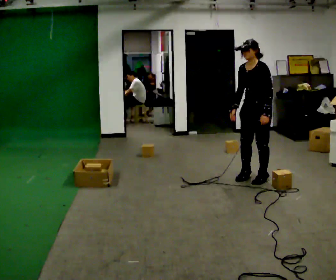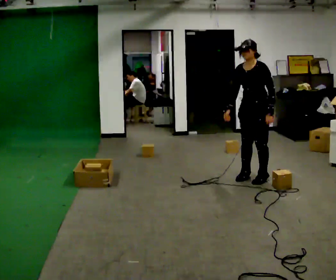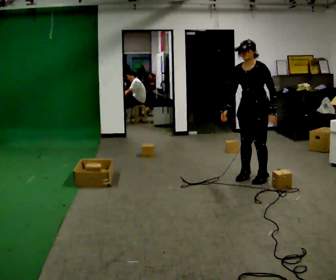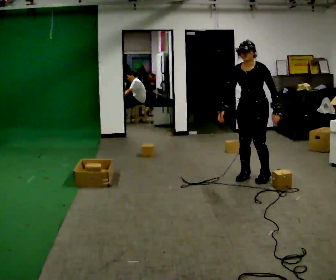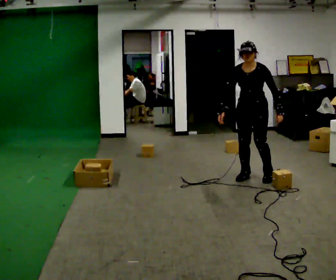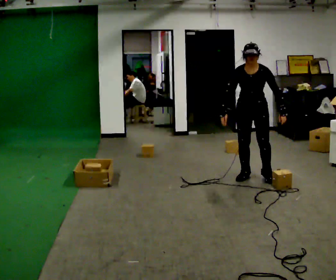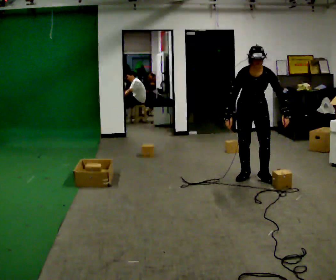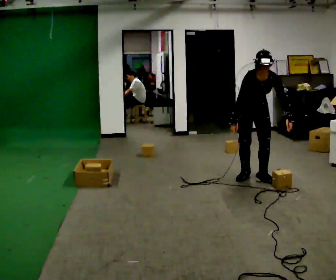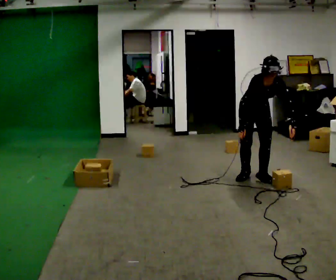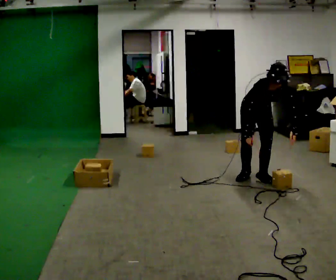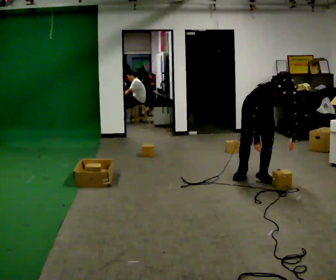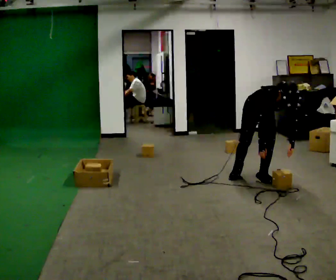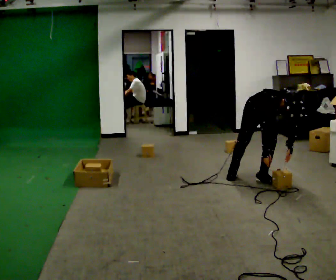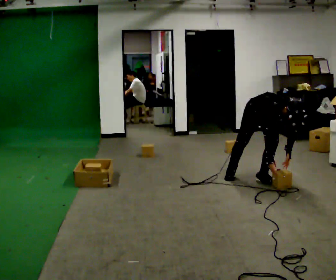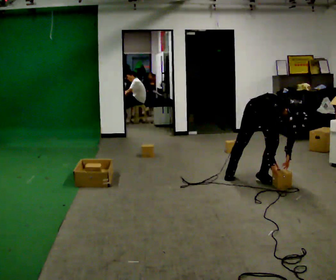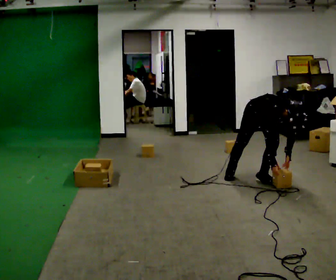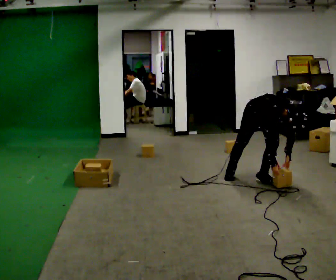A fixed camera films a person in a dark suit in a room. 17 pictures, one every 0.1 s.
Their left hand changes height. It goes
downward.
The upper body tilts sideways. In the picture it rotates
clockwise.
0.0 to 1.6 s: The person turns about 75 degrees to their left, counterclockwise seen from above, so the part of the body nearest the lens slides to the right. The shoulders move downward. In the picture the upper body tilts clockwise, shoulders to the right, as they bend forward. In the picture their left hand goes downward.
The film runs backward here.
